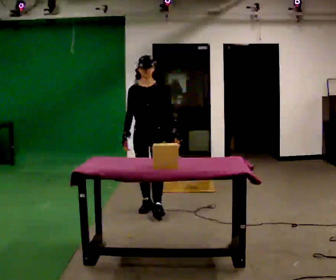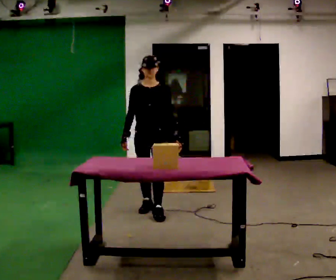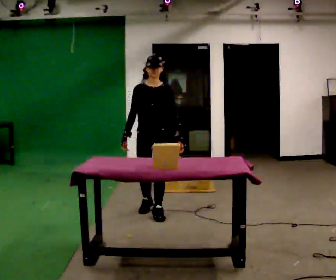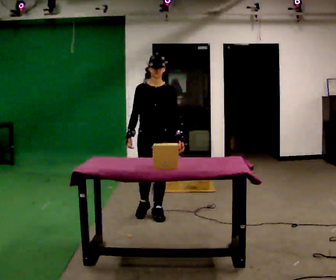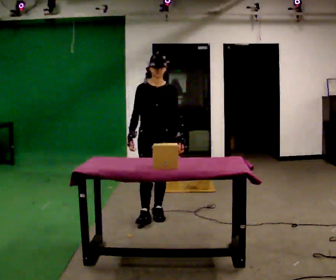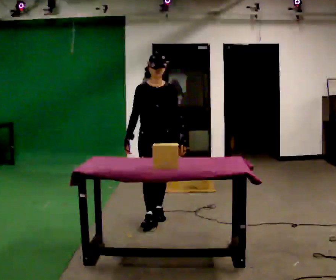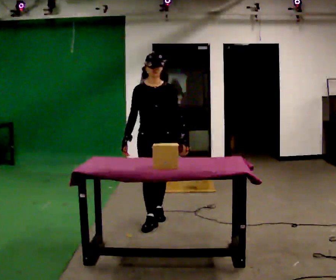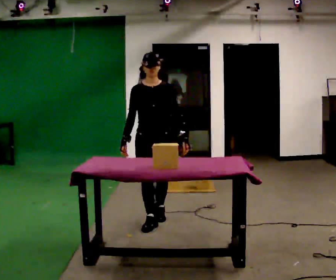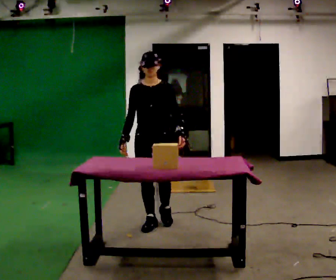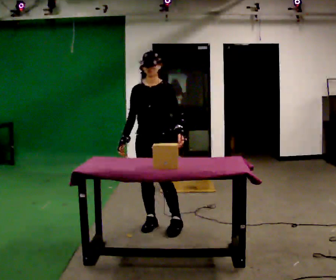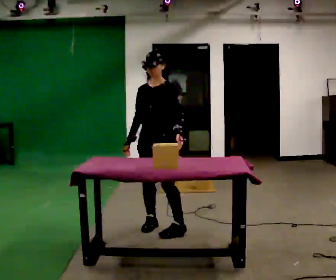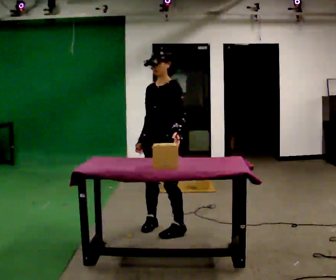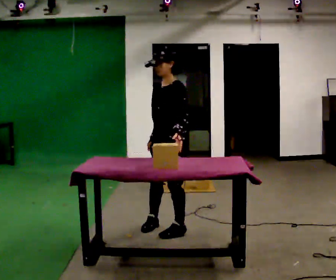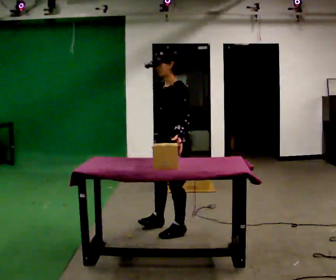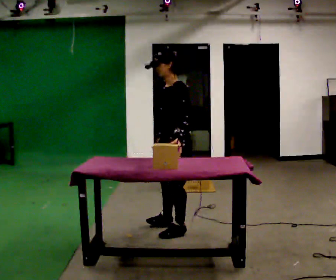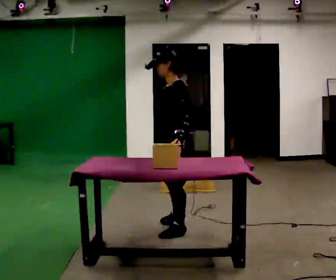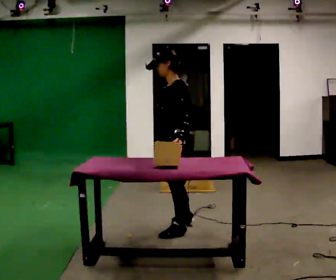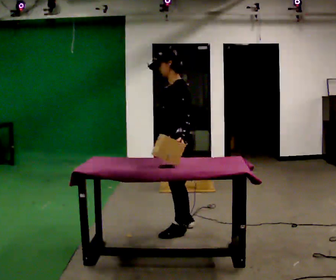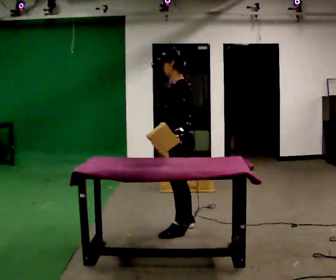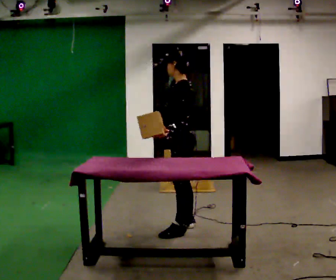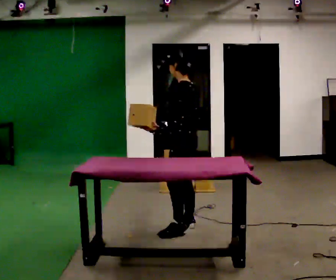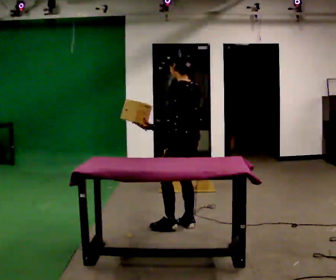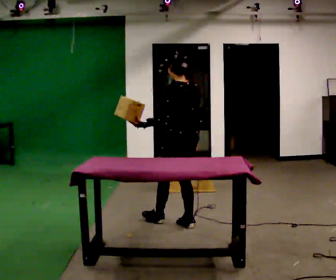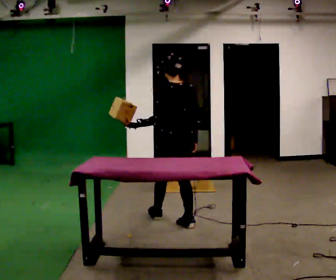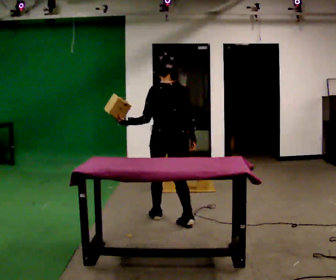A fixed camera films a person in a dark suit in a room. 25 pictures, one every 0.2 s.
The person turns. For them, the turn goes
to their right.
The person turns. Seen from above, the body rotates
clockwise.
0.0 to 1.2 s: In the picture they go toward the camera, about 0.5 m in 1 step, which for them is forward.
1.2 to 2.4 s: The part of the body nearest the lens slides to the left as the person turns to their right by about 60 degrees. In the picture they go toward the camera and to the right, about 0.5 m in 1 step.
2.4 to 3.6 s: Seen from above the body turns clockwise, about 45 degrees: to their right, with its near side sliding to the left.
3.6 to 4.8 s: Seen from above the body turns clockwise, about 75 degrees: to their right, with its near side sliding to the left. In the picture they go away from the camera and to the left, about 0.25 m in 1 step.
The film runs forward here.
